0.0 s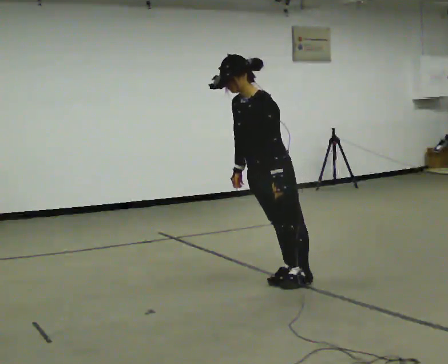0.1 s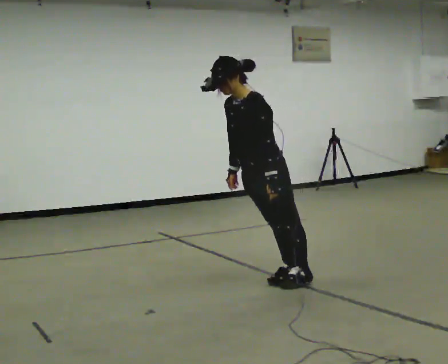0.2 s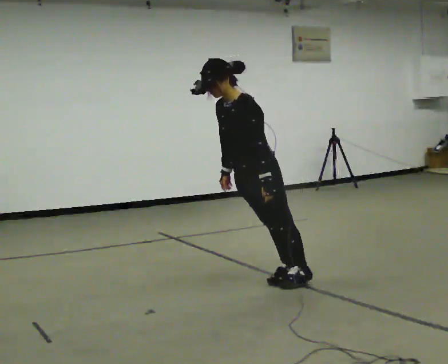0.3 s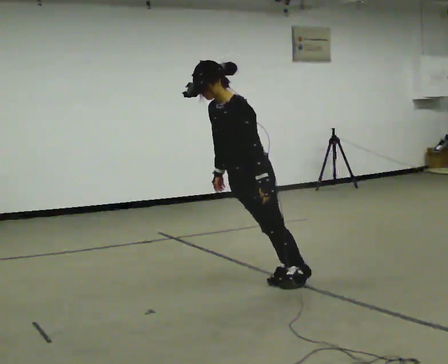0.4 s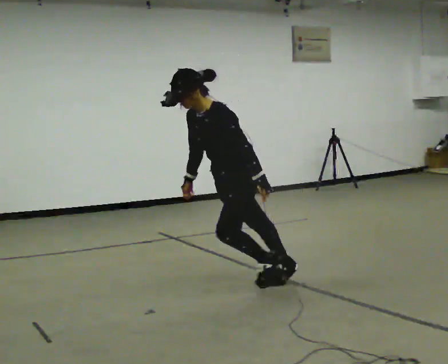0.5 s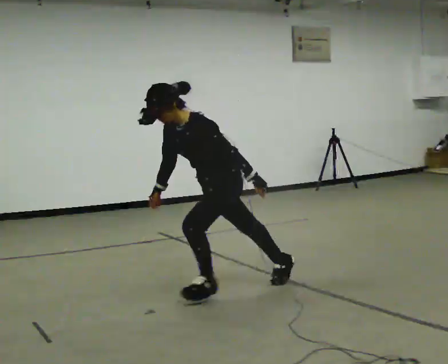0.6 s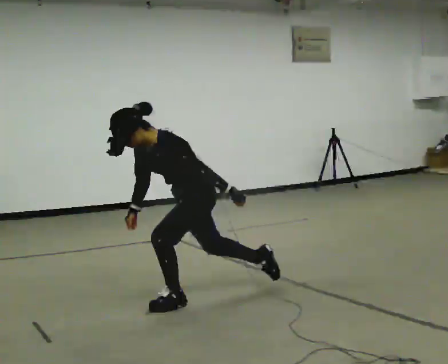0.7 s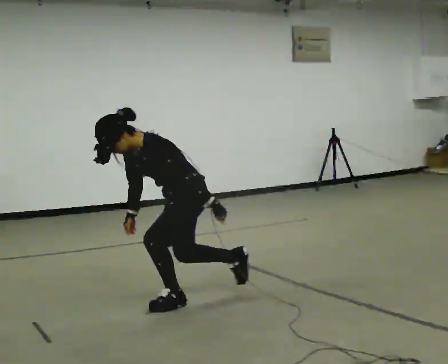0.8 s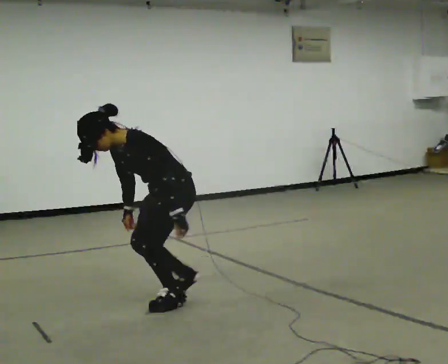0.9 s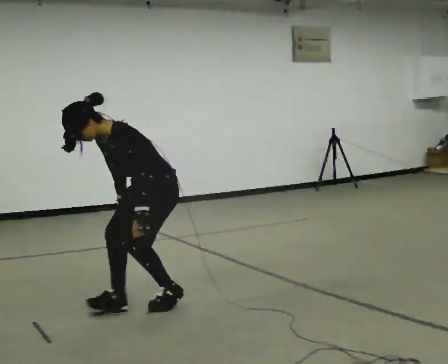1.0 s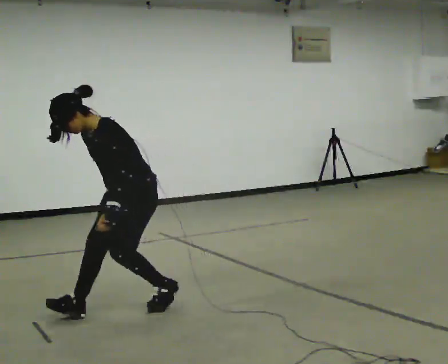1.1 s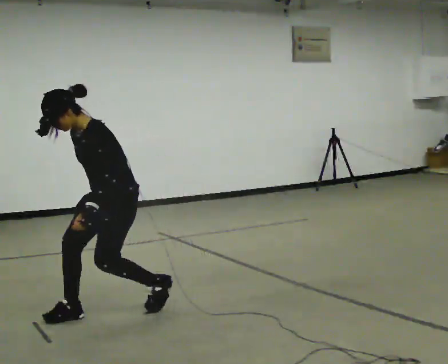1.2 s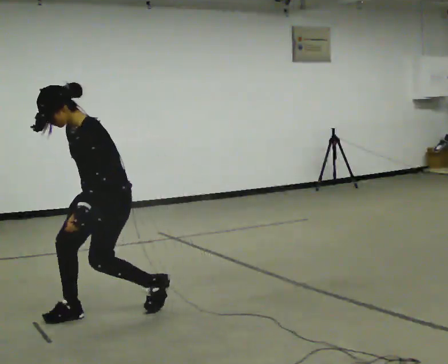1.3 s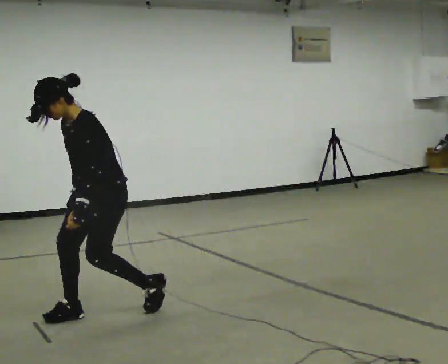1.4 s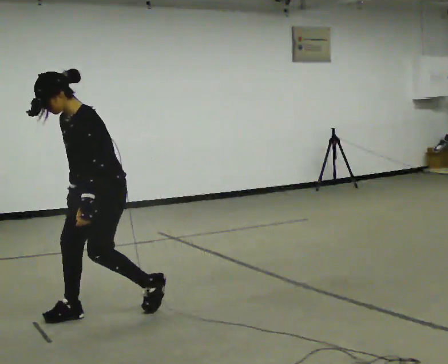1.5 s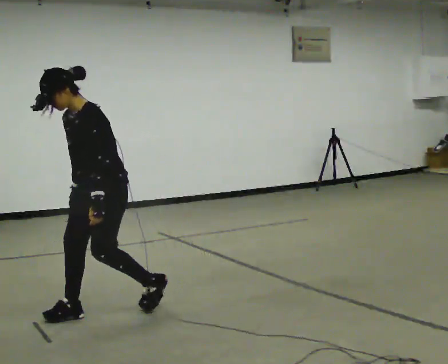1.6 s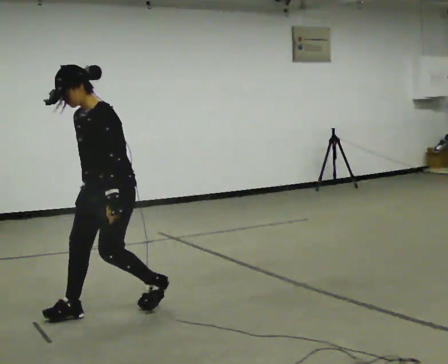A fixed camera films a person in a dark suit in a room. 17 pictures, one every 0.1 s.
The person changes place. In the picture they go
to the left.
0.0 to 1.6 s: In the picture they go to the left, about 1 m in 3 steps, which for them is forward.
The film runs forward here.
